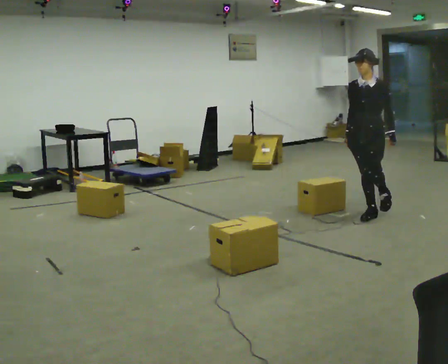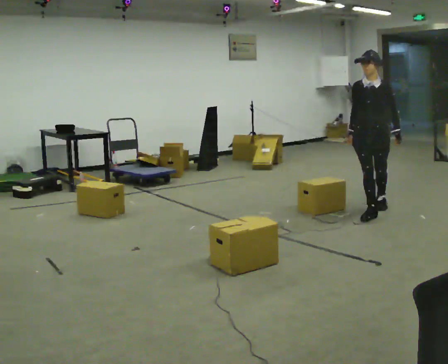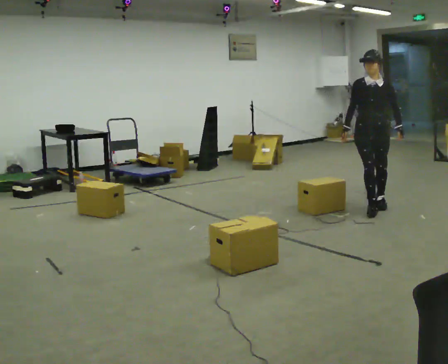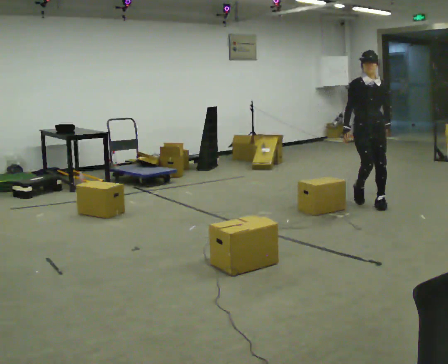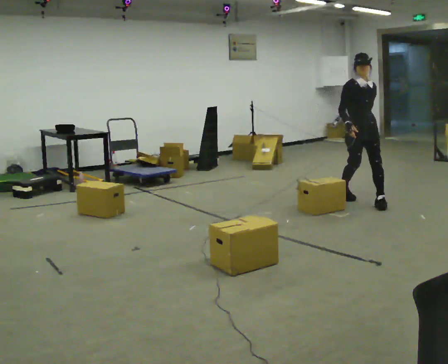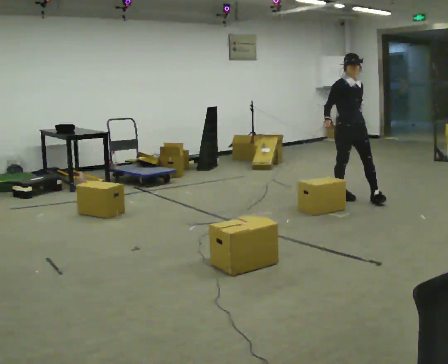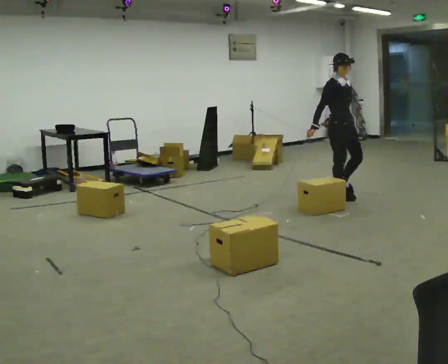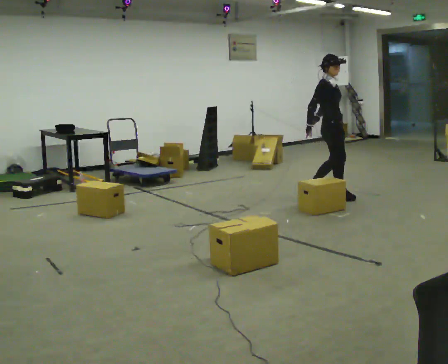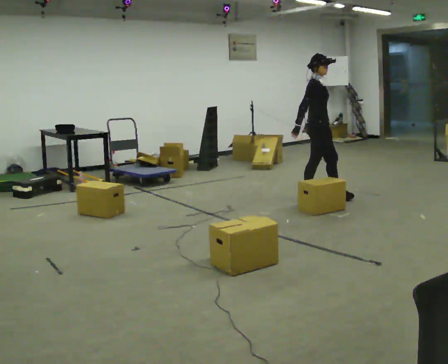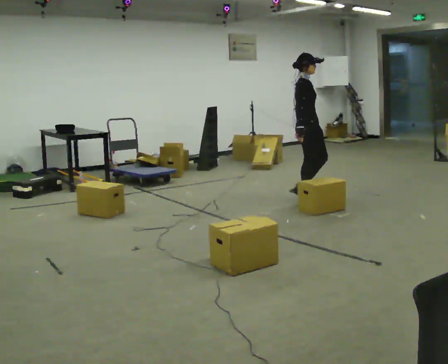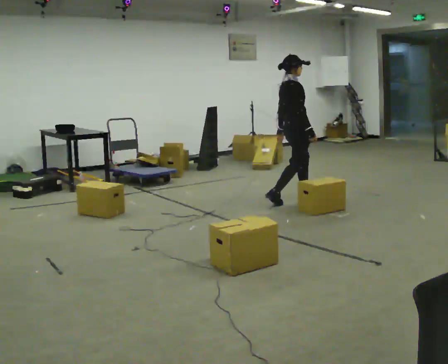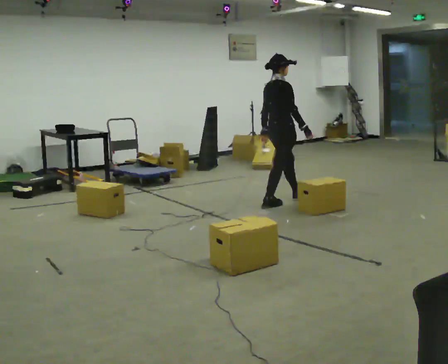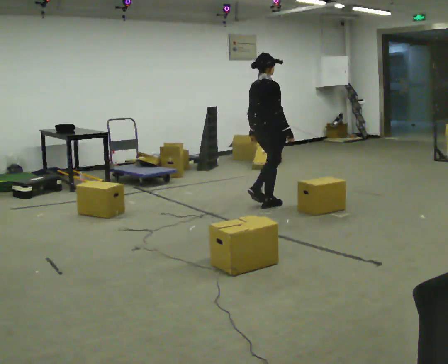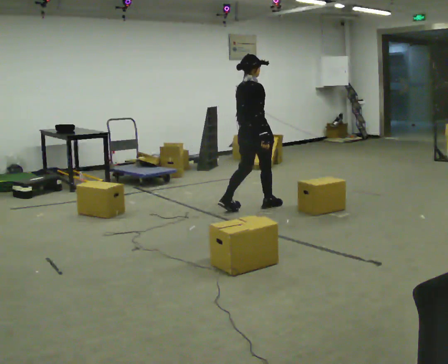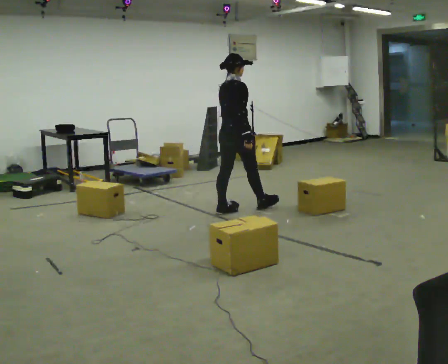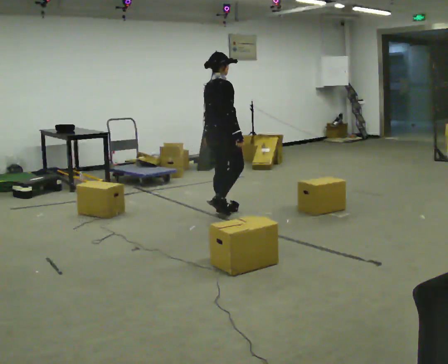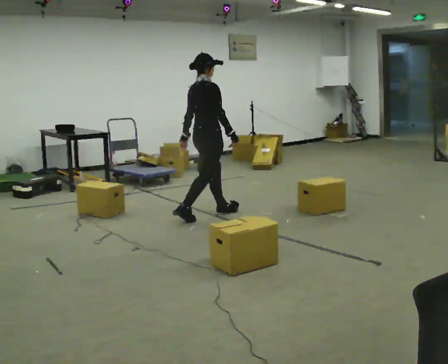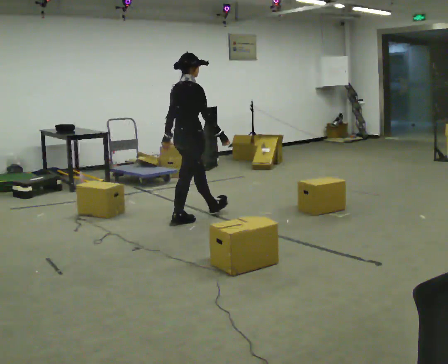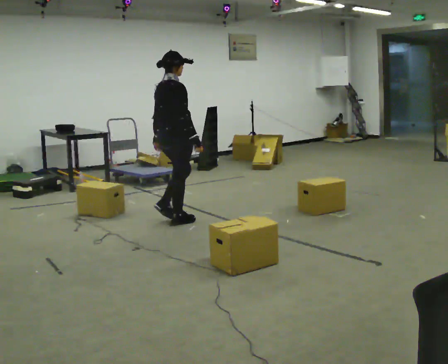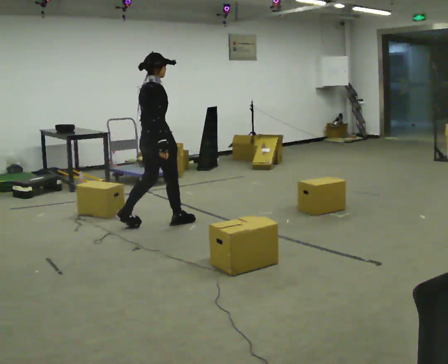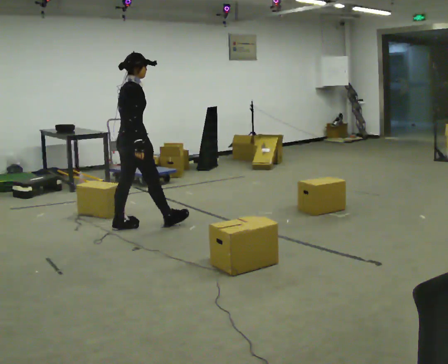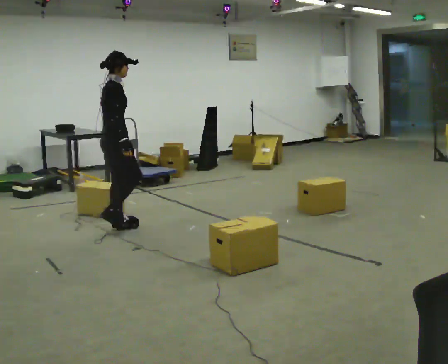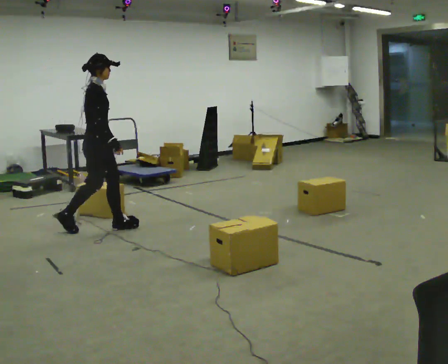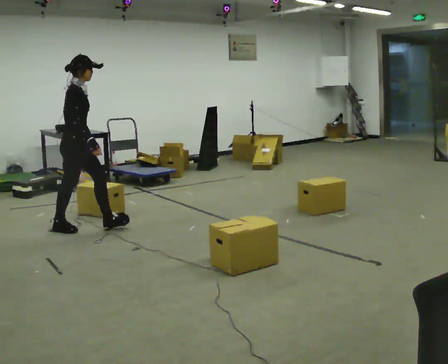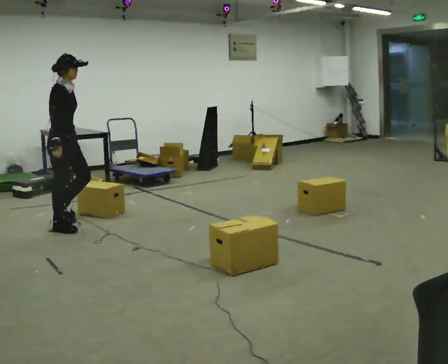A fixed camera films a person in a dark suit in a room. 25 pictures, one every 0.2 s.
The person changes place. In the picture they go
to the left.
0.0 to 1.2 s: The person turns about 75 degrees to their left, counterclockwise seen from above, so the part of the body nearest the lens slides to the right. In the picture they go away from the camera, about 0.75 m in 2 steps.
1.2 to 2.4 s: The part of the body nearest the lens slides to the right as the person turns to their left by about 75 degrees. In the picture they go to the left, about 1 m in 2 steps.
2.4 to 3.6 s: In the picture they go to the left and toward the camera, about 1 m in 2 steps, which for them is backward.
3.6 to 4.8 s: Seen from above the body turns clockwise, about 45 degrees: to their right, with its near side sliding to the left. In the picture they go to the left, about 1 m in 2 steps, which for them is backward.
The film runs backward here.
